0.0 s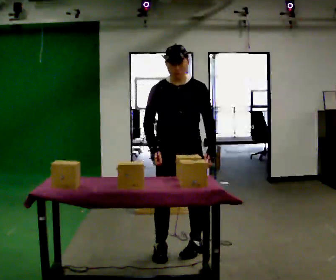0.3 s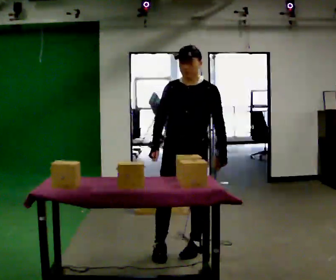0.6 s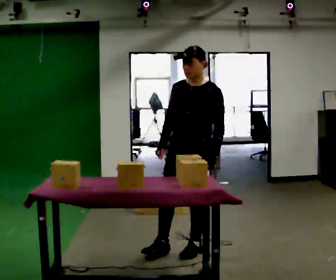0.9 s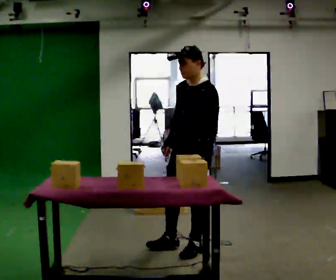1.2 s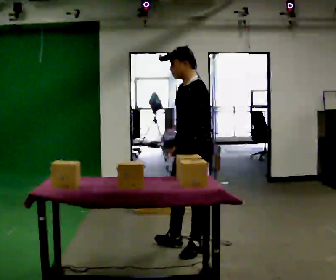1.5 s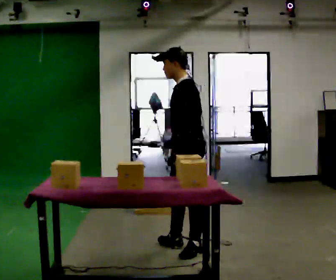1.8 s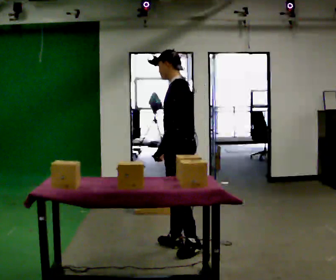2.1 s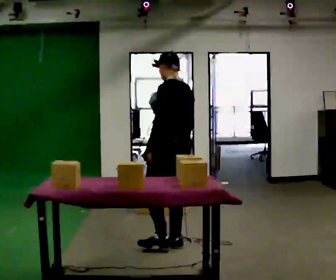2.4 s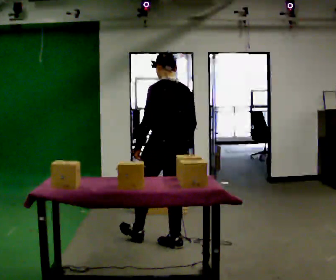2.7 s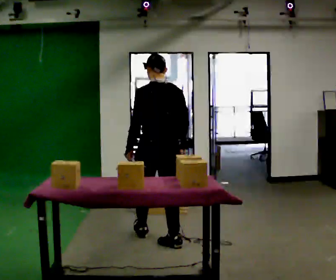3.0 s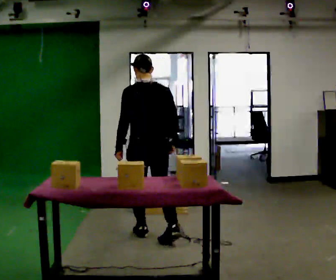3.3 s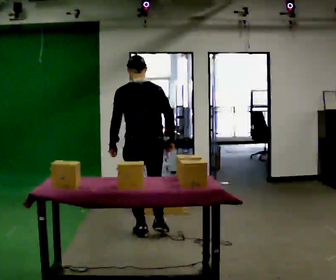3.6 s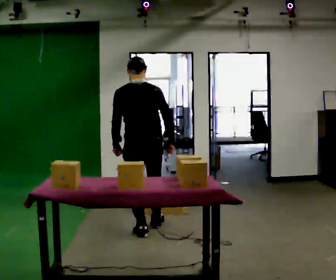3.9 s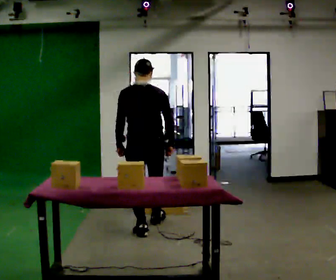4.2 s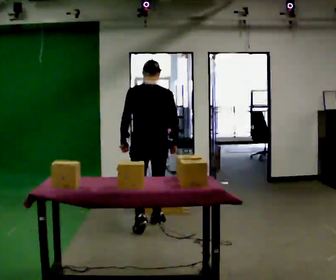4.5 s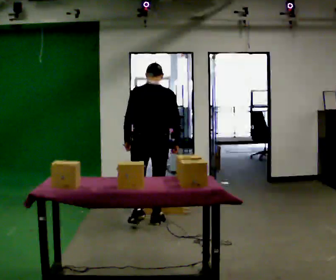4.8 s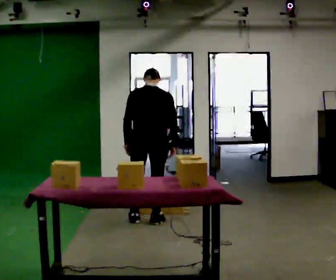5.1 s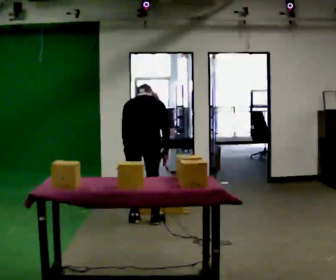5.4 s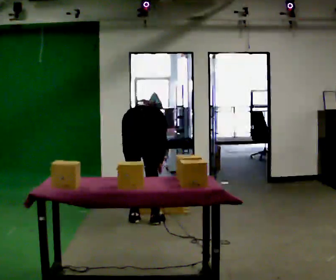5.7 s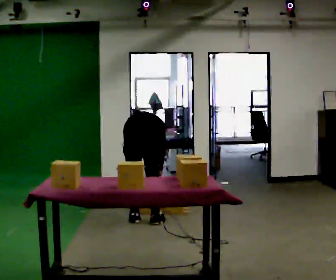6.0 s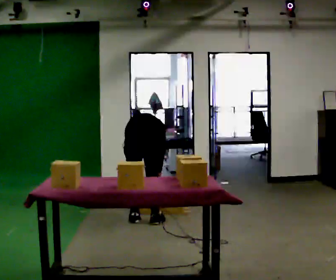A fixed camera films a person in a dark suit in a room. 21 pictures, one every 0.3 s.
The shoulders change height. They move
downward.
The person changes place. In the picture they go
away from the camera.
0.0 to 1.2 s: The part of the body nearest the lens slides to the left as the person turns to their right by about 75 degrees.
1.2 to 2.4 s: The person turns about 75 degrees to their right, clockwise seen from above, so the part of the body nearest the lens slides to the left. In the picture they go to the left and away from the camera, about 0.25 m.
2.4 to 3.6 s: The part of the body nearest the lens slides to the left as the person turns to their right by about 30 degrees. In the picture they go away from the camera and to the left, about 0.5 m in 1 step, which for them is forward.
3.6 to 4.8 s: In the picture they go away from the camera, about 0.5 m in 1 step, which for them is forward. The upper body tips away from the camera, its near side rolling upward, as they bend forward.
4.8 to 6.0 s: The shoulders move downward. The upper body tips away from the camera, its near side rolling upward, as they bend forward. In the picture their left hand goes downward.
The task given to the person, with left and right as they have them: Carry the object across the room and place it on the lowest shelf, crouching down to do it. Keep going until the operator says stop; one object at a time, and do not rush between trips.
The film runs forward here.
